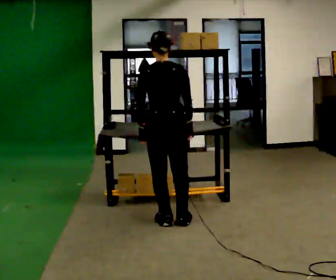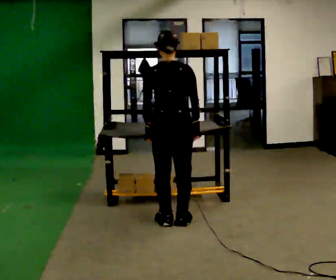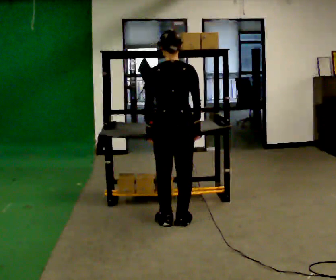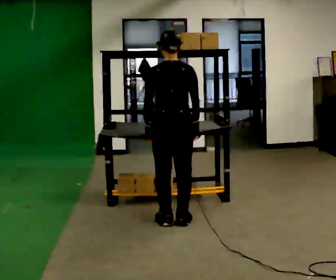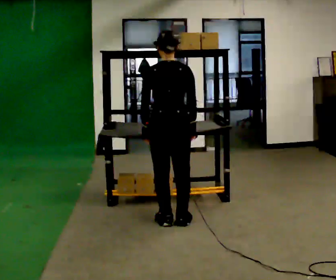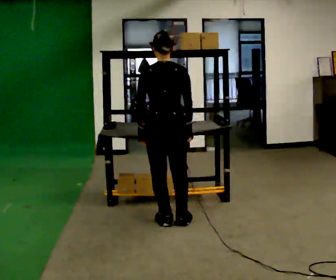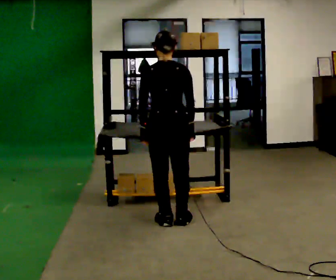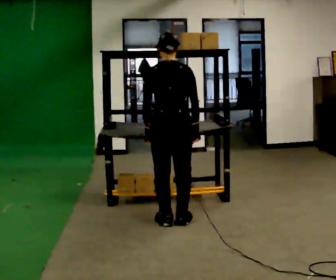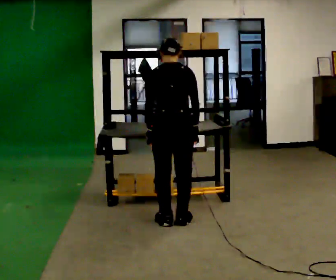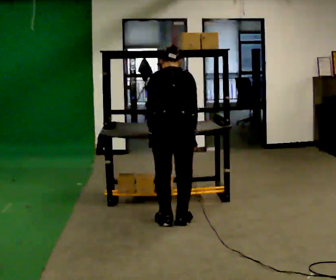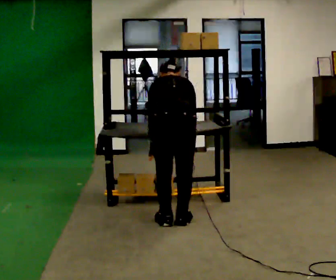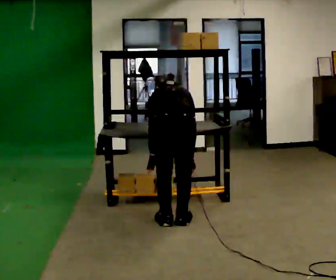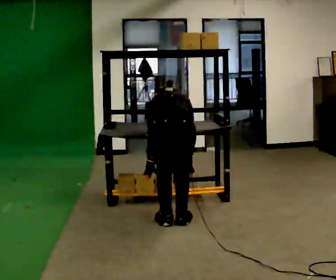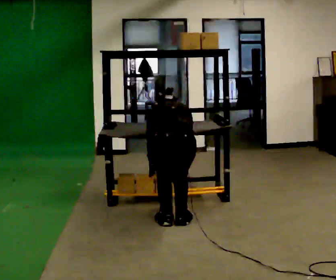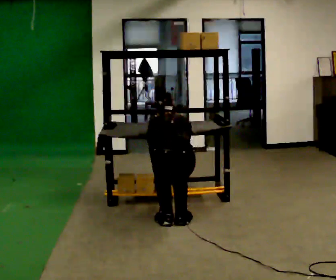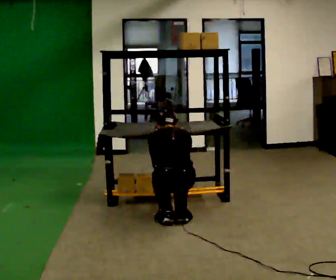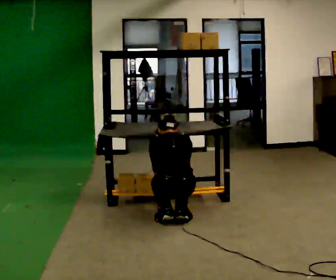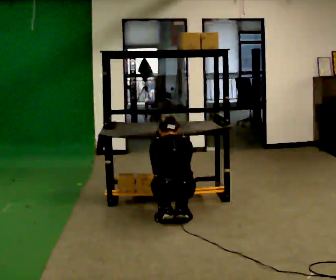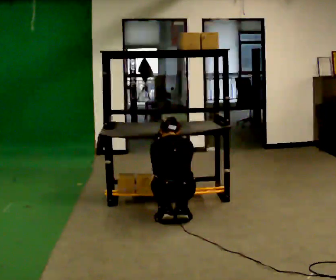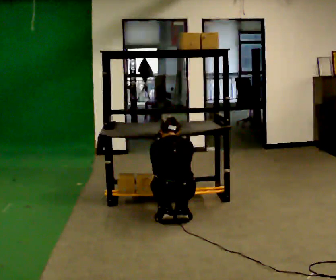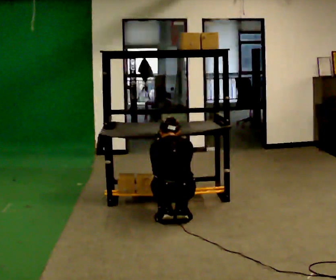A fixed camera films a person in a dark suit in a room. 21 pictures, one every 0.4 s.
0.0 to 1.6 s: The person moves a little, or ends about where they began.
1.6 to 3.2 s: The upper body tips away from the camera, its near side rolling upward, as they bend forward.
3.2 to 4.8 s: The shoulders move downward. The upper body tips away from the camera, its near side rolling upward, as they bend forward.
4.8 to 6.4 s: The upper body goes downward. The upper body tips toward the camera, its near side rolling downward, as they lean back or straighten.
6.4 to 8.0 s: The person moves a little, or ends about where they began.
The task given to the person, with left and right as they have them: Take an object from the lowest shelf, carry it across the room, and place it on the highest shelf you can comfortably reach. Keep going until the operator says stop; one object at a time, and do not rush between trips.
The film runs forward here.
